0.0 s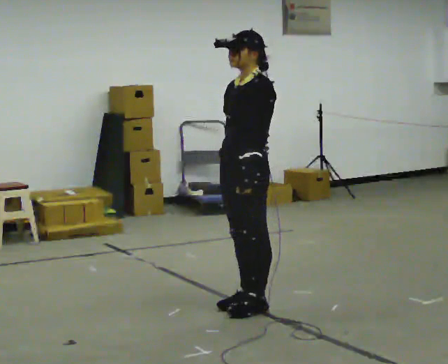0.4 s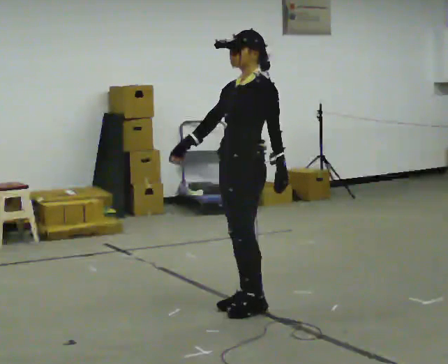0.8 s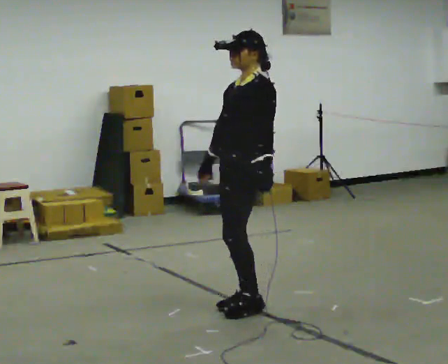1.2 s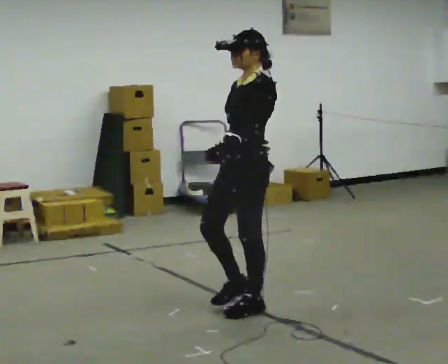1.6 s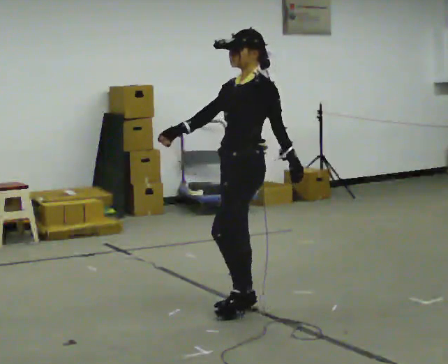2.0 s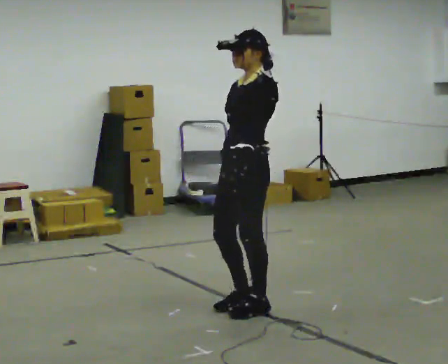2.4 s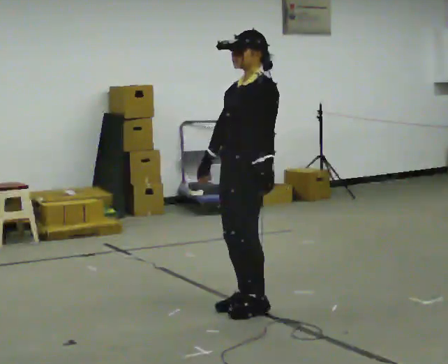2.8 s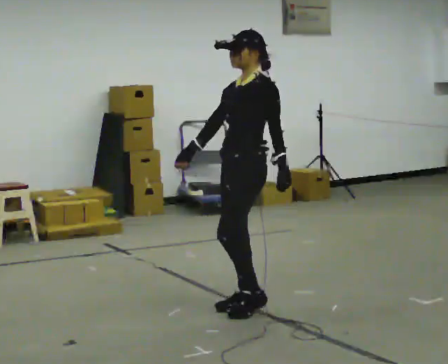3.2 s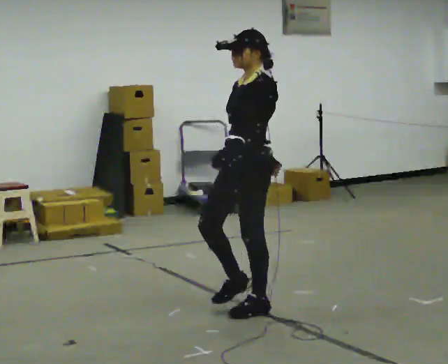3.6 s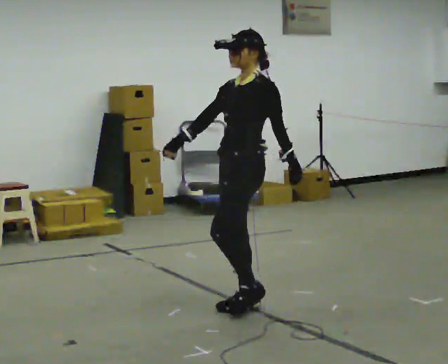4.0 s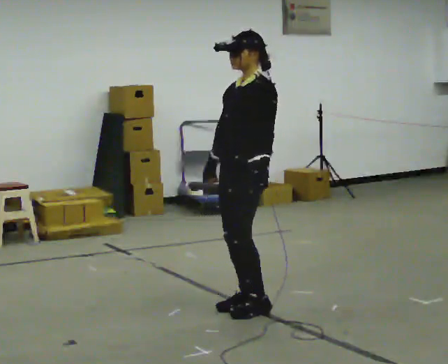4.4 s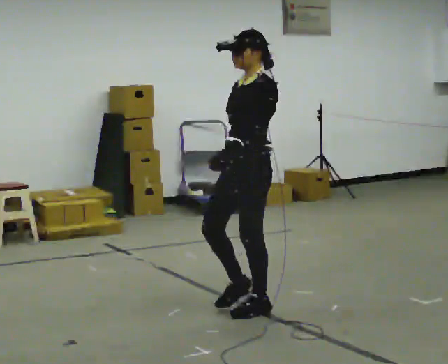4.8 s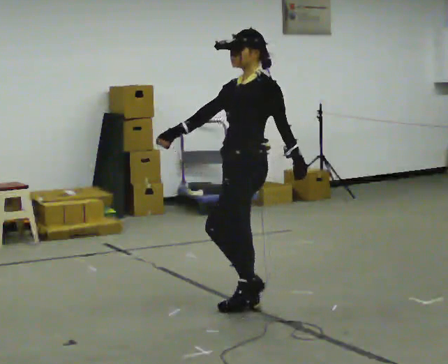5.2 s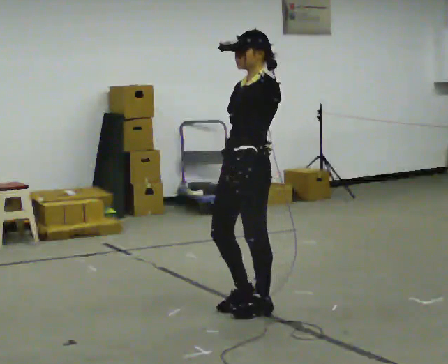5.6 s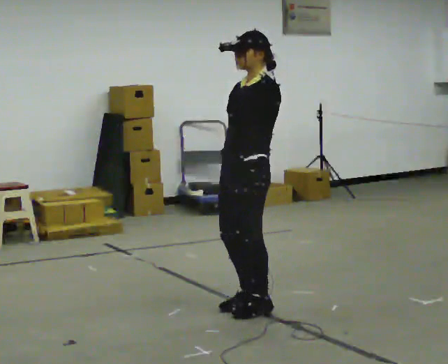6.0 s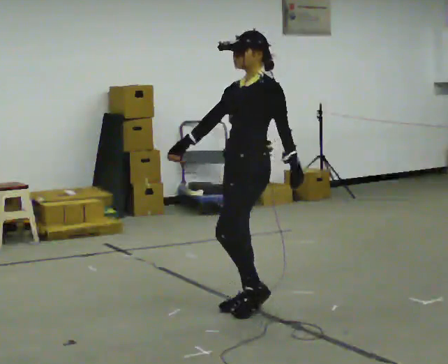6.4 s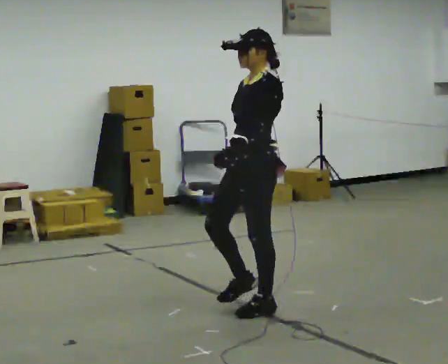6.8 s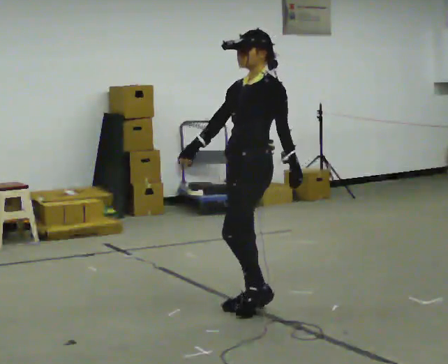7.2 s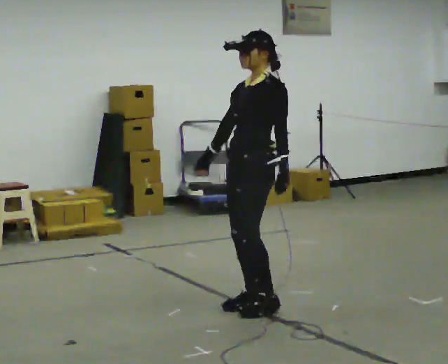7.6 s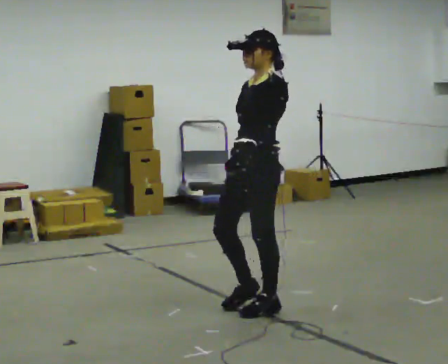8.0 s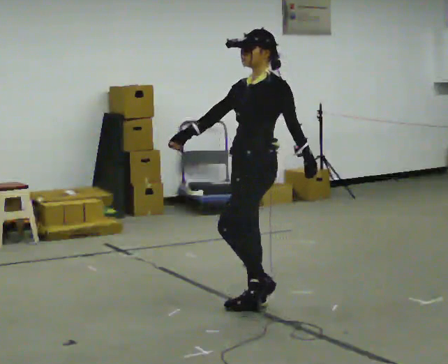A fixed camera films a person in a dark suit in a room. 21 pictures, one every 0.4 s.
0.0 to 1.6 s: The person moves a little, or ends about where they began.
1.6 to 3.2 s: In the picture their right hand goes to the right.
3.2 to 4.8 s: In the picture their right hand goes to the left.
4.8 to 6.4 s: In the picture their right hand goes to the right.
6.4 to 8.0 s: In the picture their right hand goes to the left.
The film runs backward here.
